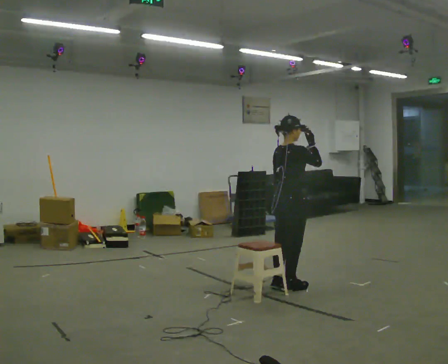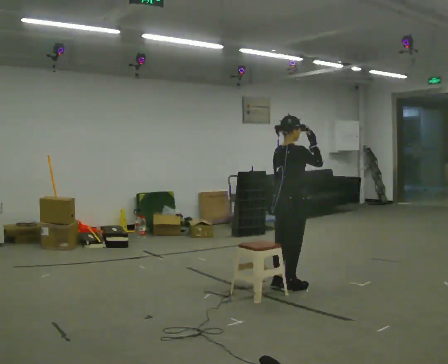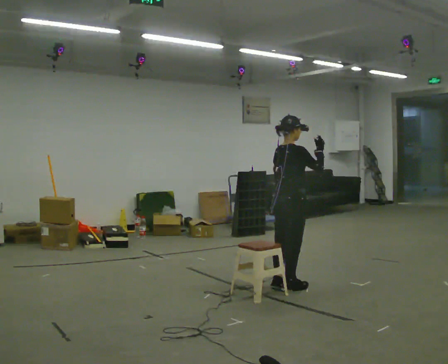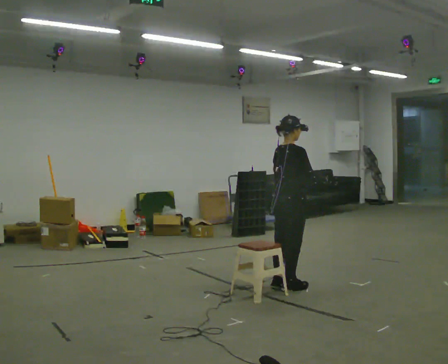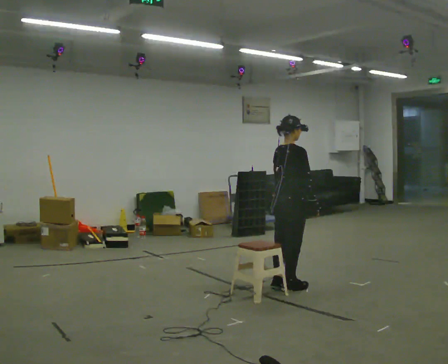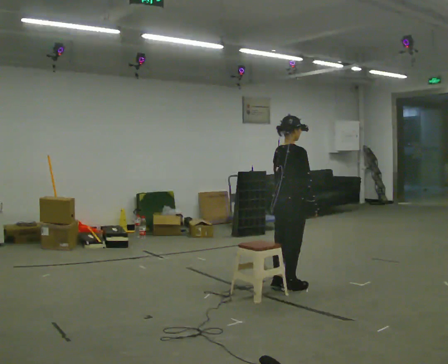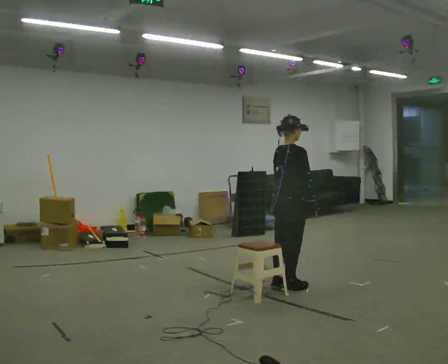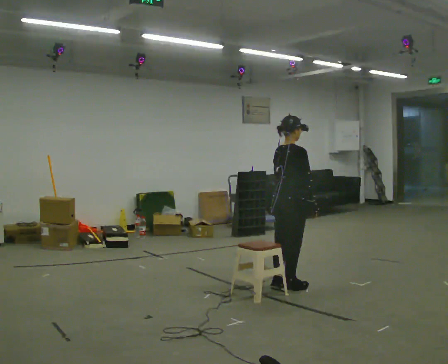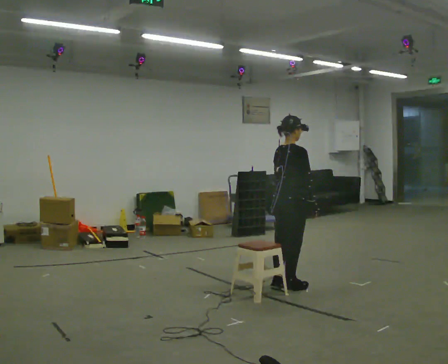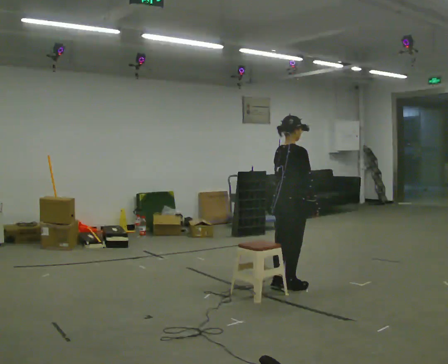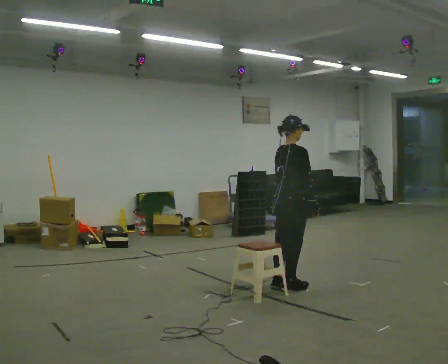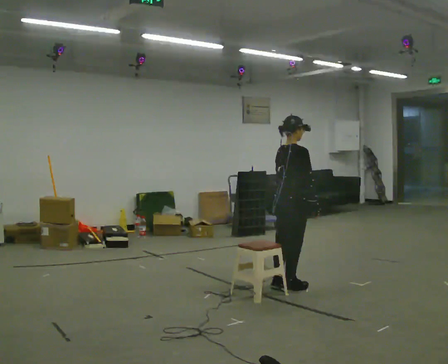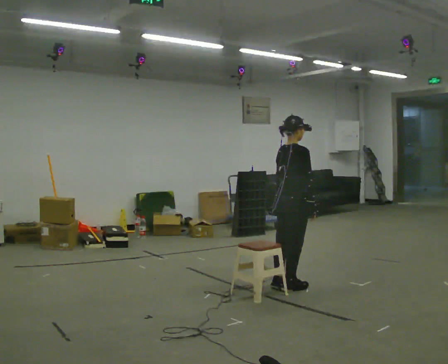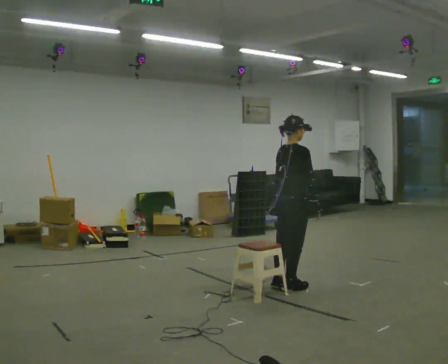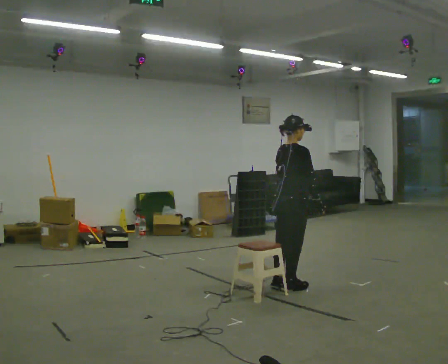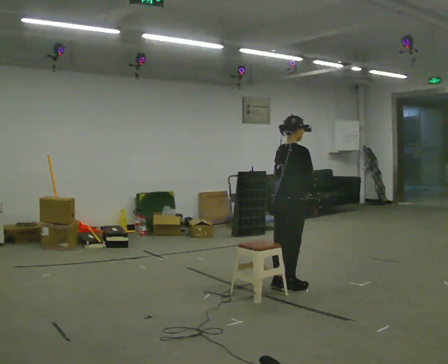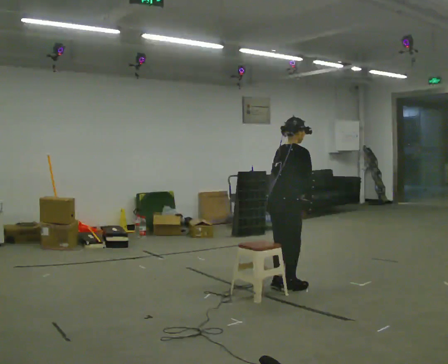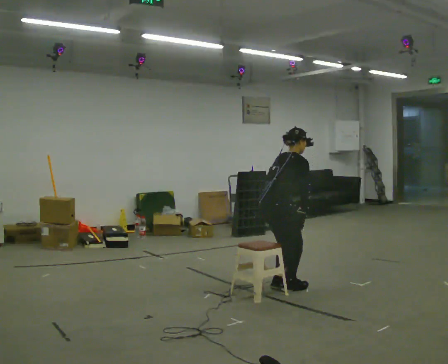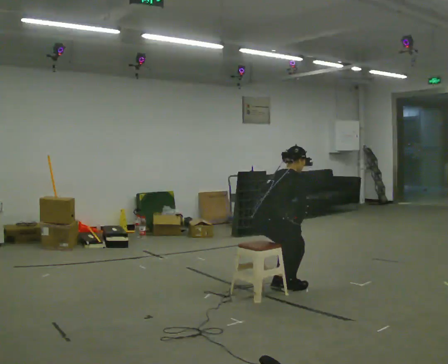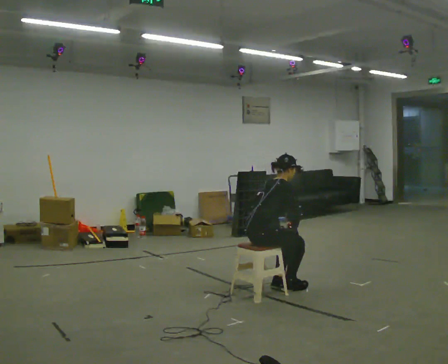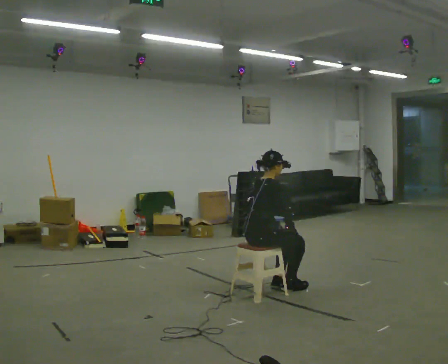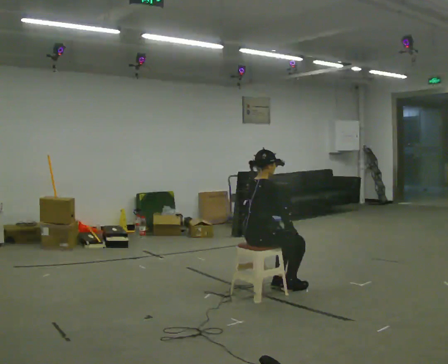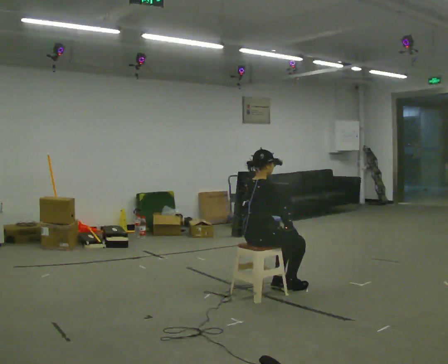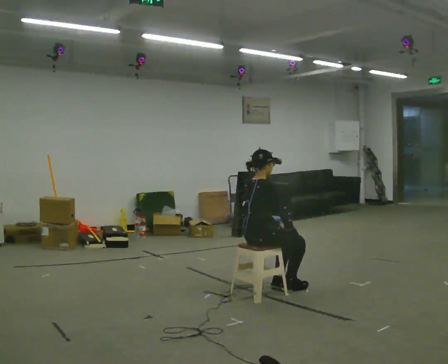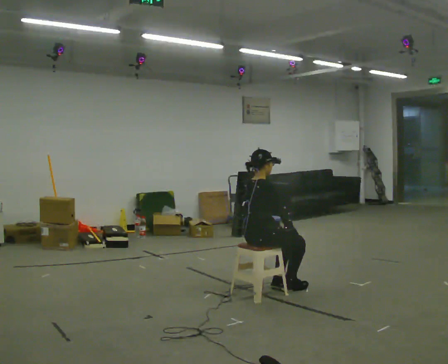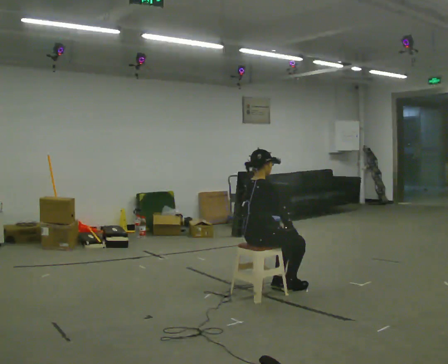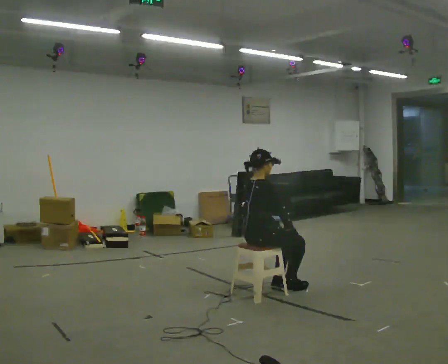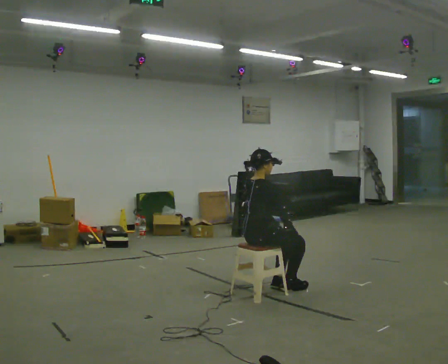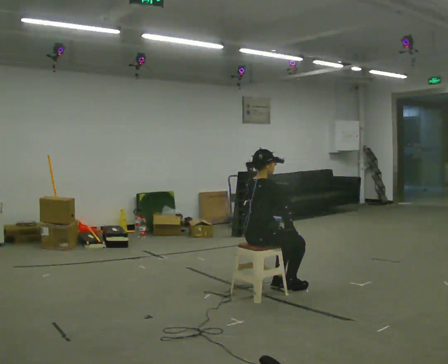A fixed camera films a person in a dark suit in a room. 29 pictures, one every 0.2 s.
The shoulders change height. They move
downward.
Their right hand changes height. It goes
downward.
0.0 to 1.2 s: In the picture their right hand goes downward.
1.2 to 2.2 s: The person keeps their place and pose.
2.2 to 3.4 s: In the picture the upper body tilts clockwise, shoulders to the right, as they bend forward.
3.4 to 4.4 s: The shoulders move downward. In the picture the upper body tilts counterclockwise, shoulders to the left, as they lean back or straighten.
4.4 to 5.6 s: The person keeps their place and pose.
The film runs backward here.
